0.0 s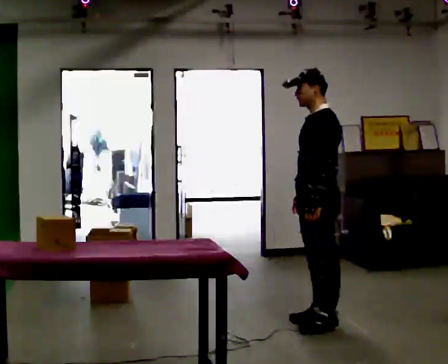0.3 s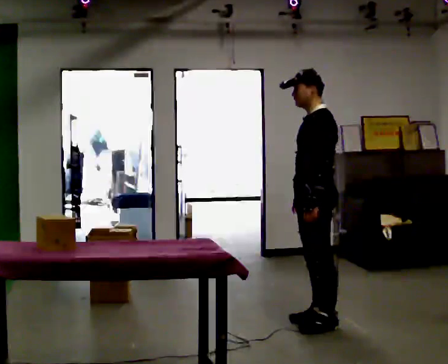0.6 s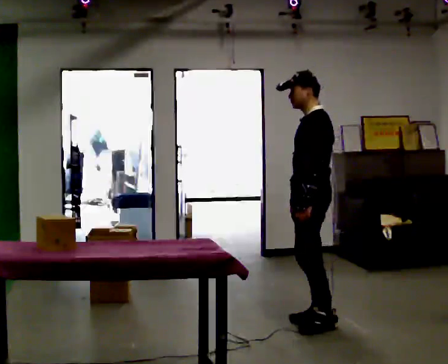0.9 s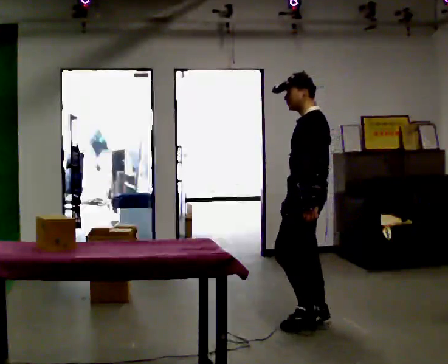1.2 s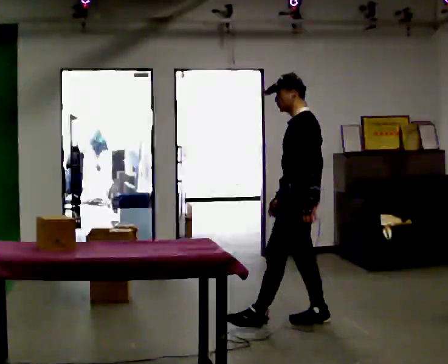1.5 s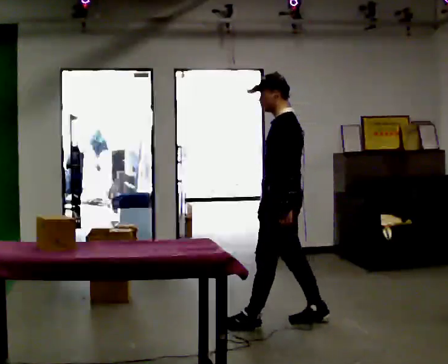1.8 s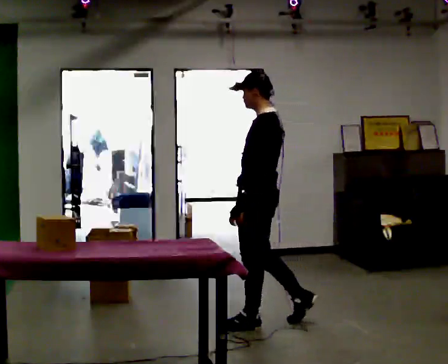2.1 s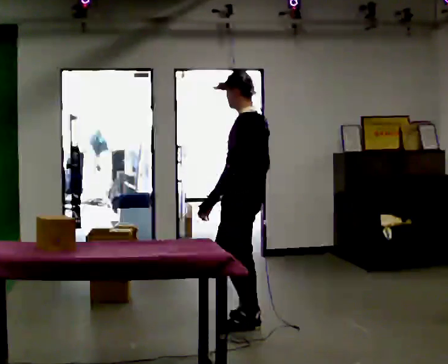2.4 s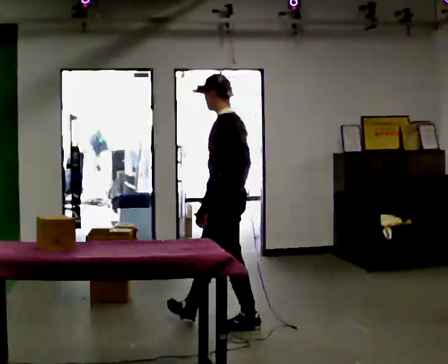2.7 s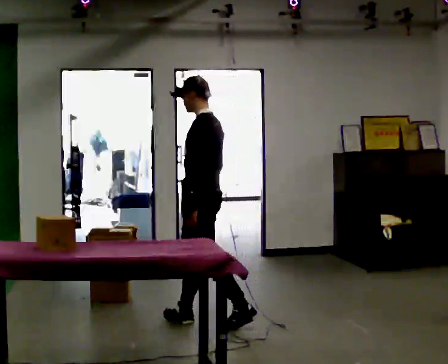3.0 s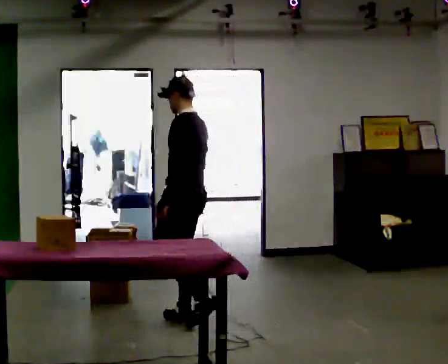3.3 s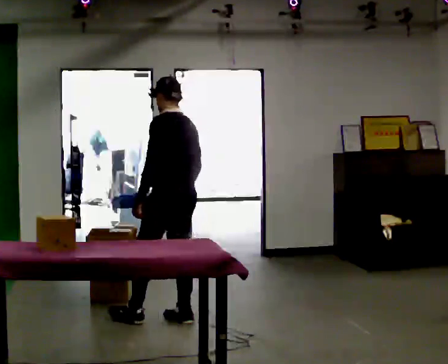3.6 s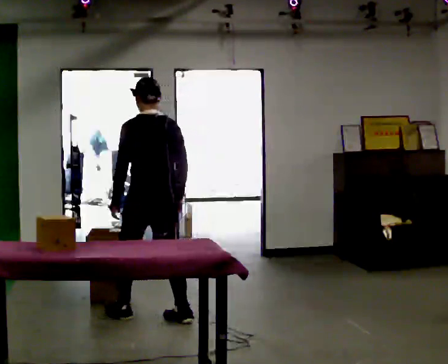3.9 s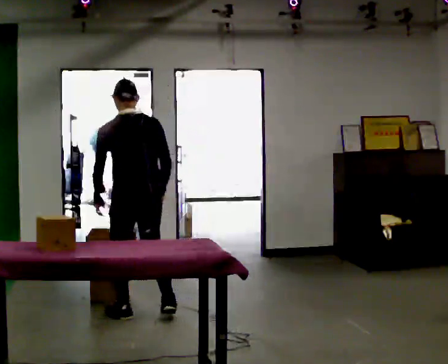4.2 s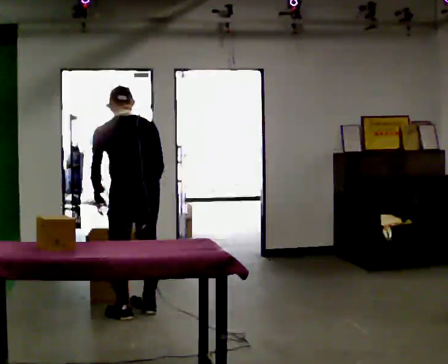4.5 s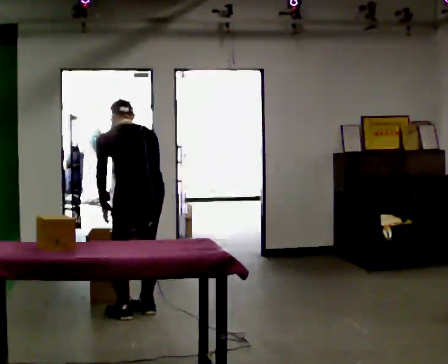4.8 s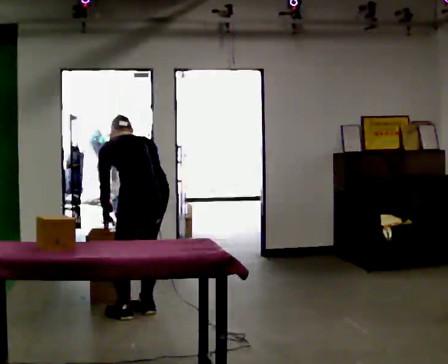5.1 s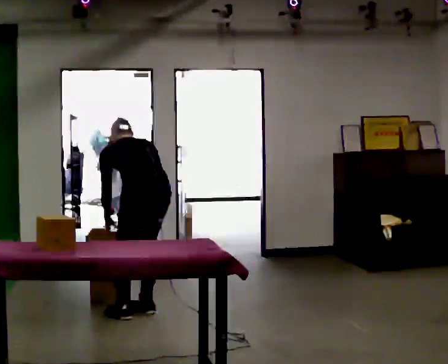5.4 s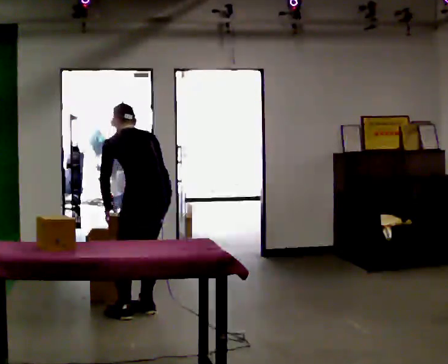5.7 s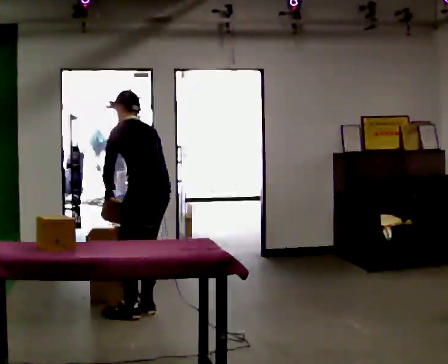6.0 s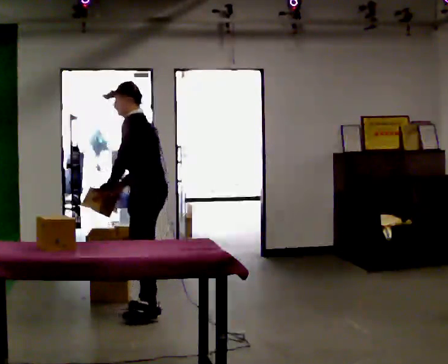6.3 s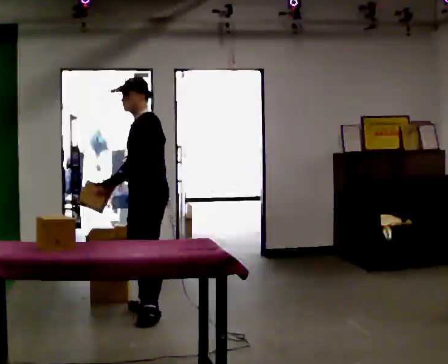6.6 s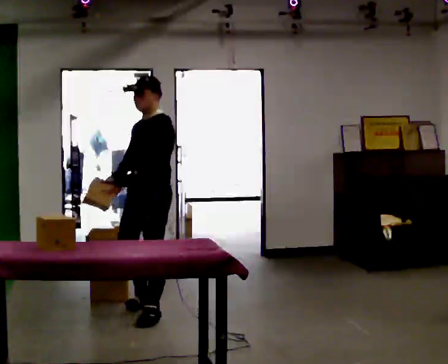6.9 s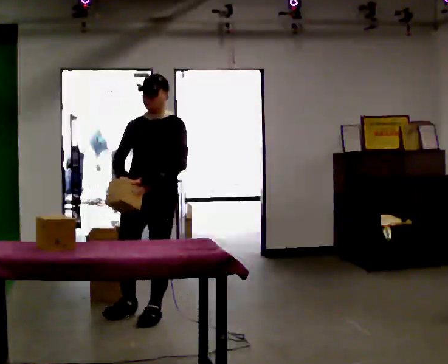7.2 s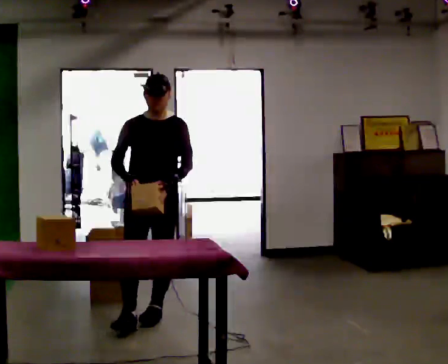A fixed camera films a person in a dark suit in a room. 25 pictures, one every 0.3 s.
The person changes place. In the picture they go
to the left.
0.0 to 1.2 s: The person moves a little, or ends about where they began.
1.2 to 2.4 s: In the picture they go to the left, about 0.5 m in 2 steps, which for them is forward.
2.4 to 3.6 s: Seen from above the body turns clockwise, about 45 degrees: to their right, with its near side sliding to the left. In the picture they go to the left, about 0.5 m in 1 step, which for them is forward.
3.6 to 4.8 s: The shoulders move downward. The upper body tips away from the camera, its near side rolling upward, as they bend forward.
4.8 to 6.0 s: The person turns about 60 degrees to their left, counterclockwise seen from above, so the part of the body nearest the lens slides to the right. The upper body goes upward. The upper body tips toward the camera, its near side rolling downward, as they lean back or straighten.
6.0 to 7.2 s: The part of the body nearest the lens slides to the right as the person turns to their left by about 90 degrees. In the picture they go toward the camera, about 0.25 m. In the picture the upper body tilts clockwise, shoulders to the right, as they lean back or straighten.
The film runs forward here.
